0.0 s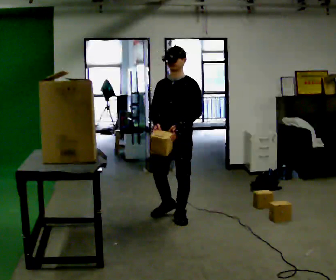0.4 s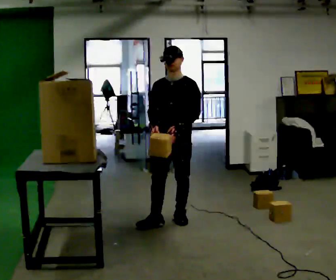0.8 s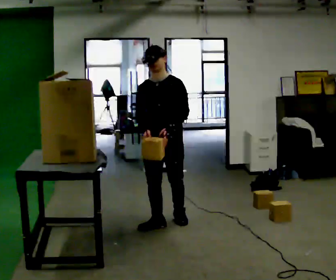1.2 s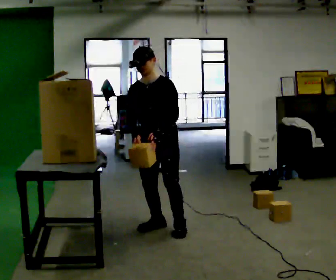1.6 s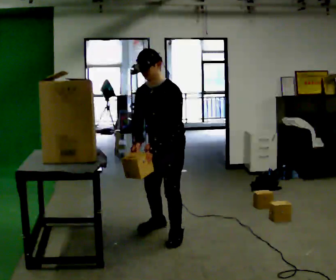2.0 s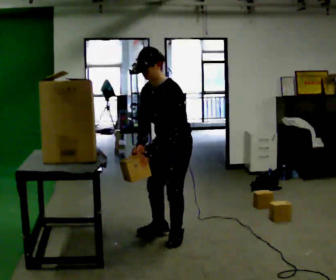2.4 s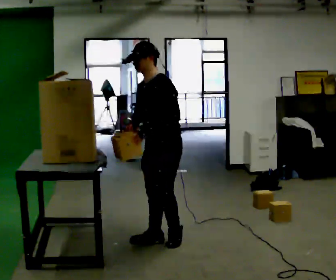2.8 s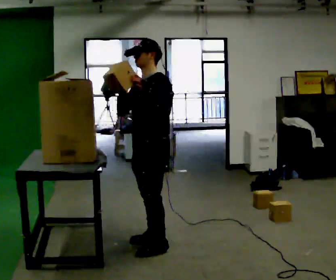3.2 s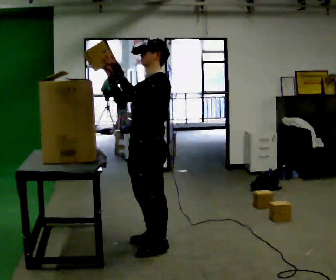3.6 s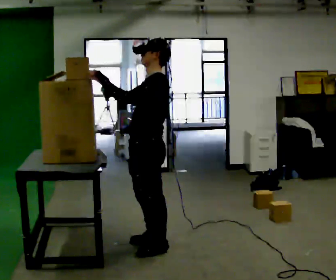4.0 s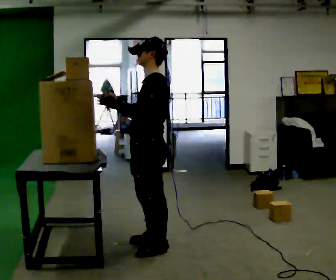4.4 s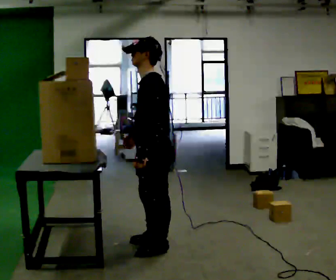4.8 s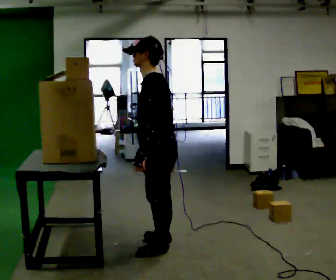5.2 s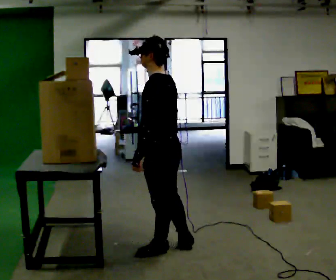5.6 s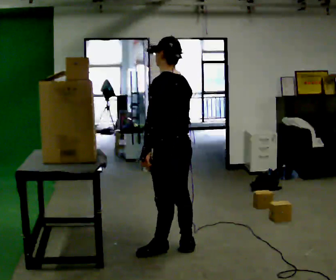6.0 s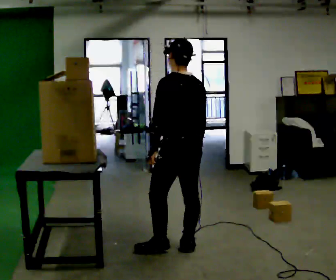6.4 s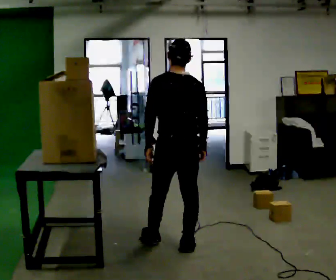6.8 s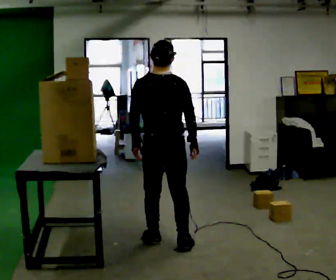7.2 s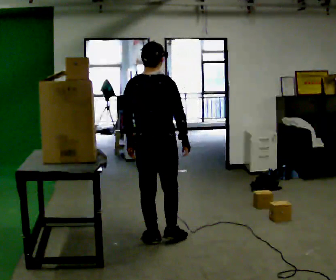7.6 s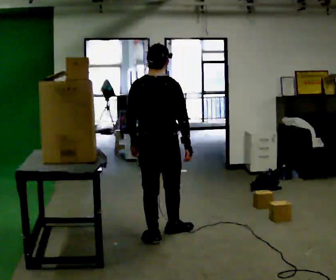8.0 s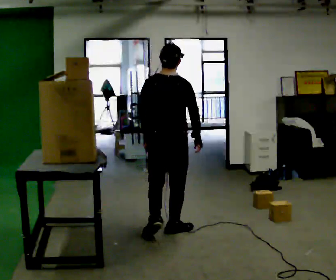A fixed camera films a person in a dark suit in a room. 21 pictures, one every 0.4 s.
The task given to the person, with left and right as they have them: 1. The operator will tell you the shelf is already sorted and just needs moving to the table. 2. Do what you think is right. 3. Tell the operator when you are finished.
0.0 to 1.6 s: In the picture they go toward the camera, about 0.5 m in 2 steps, which for them is forward.
1.6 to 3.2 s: The person turns about 30 degrees to their right, clockwise seen from above, so the part of the body nearest the lens slides to the left. In the picture they go toward the camera and to the left, about 0.5 m in 2 steps, which for them is forward and to their left. In the picture their right hand goes upward.
3.2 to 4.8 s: Seen from above the body turns clockwise, about 30 degrees: to their right, with its near side sliding to the left. In the picture the upper body tilts counterclockwise, shoulders to the left, as they bend forward. In the picture their right hand goes downward, the arm swinging counterclockwise.
4.8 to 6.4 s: The part of the body nearest the lens slides to the left as the person turns to their right by about 60 degrees. In the picture their right hand goes to the right.
6.4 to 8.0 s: Seen from above the body turns clockwise, about 30 degrees: to their right, with its near side sliding to the left. In the picture they go away from the camera, about 0.5 m in 2 steps, which for them is forward.
The film runs forward here.
